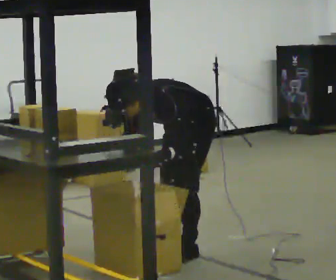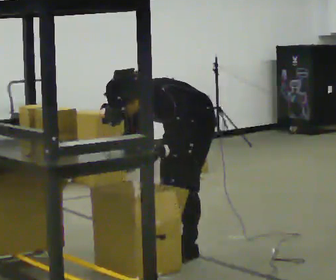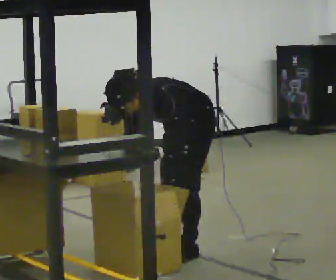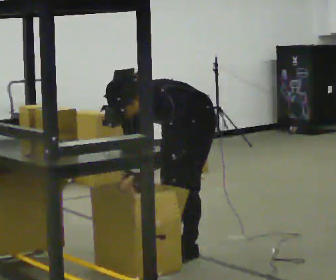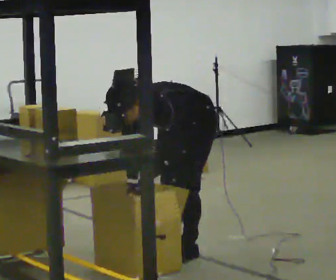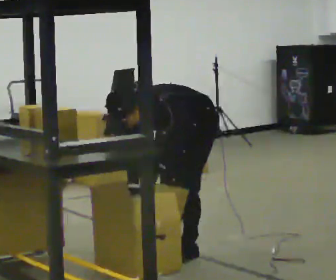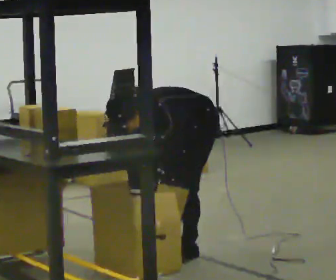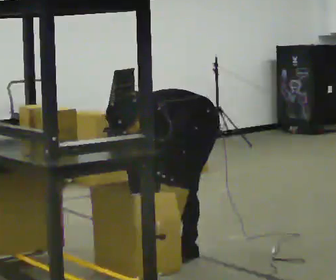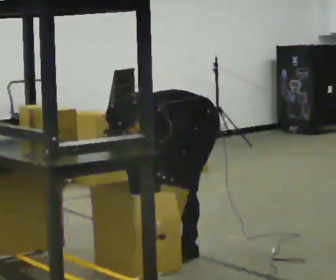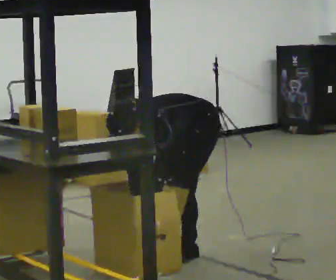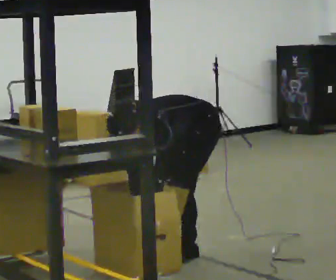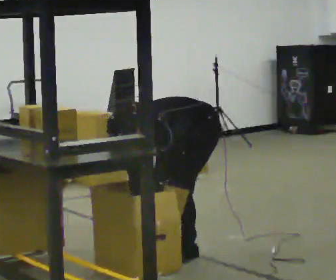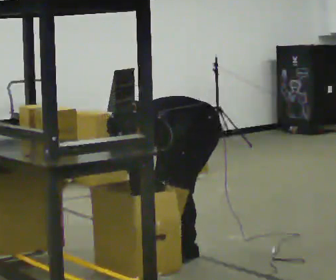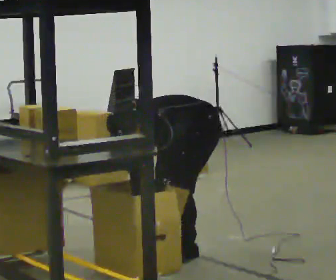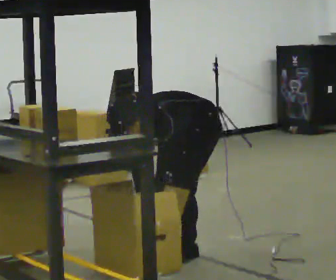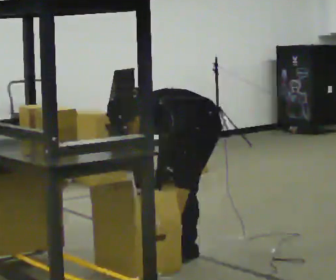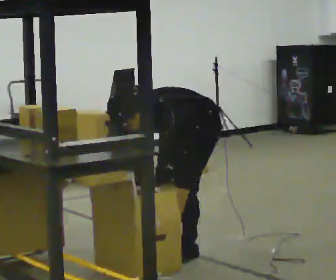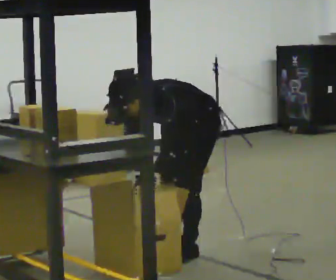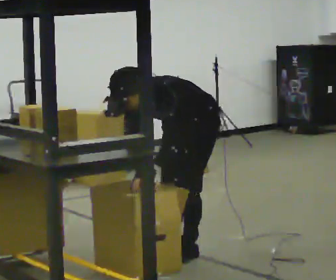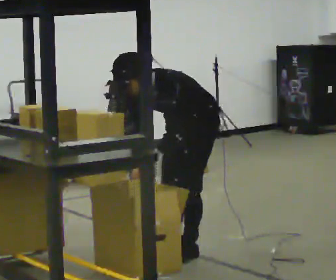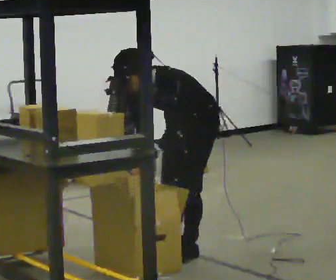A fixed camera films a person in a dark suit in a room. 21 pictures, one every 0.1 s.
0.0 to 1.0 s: In the picture the upper body tilts counterclockwise, shoulders to the left, as they bend forward.
1.0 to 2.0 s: The upper body goes upward. In the picture the upper body tilts clockwise, shoulders to the right, as they lean back or straighten. In the picture their left hand goes upward.
The film runs forward here.
